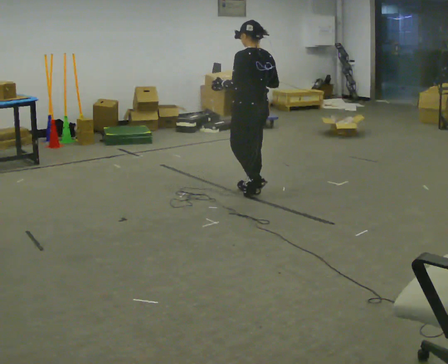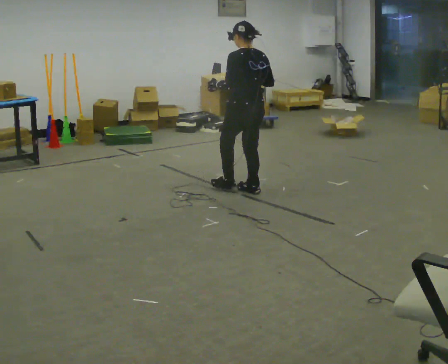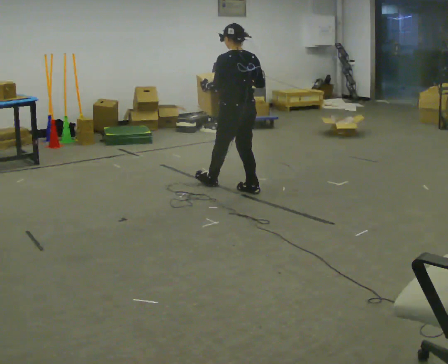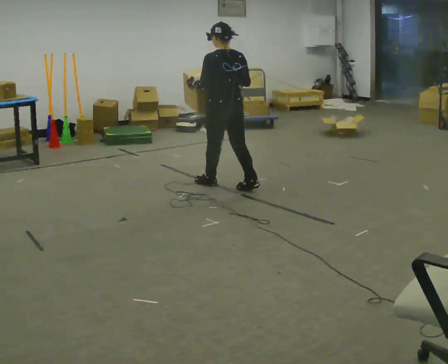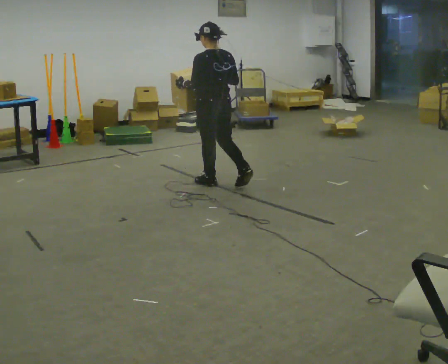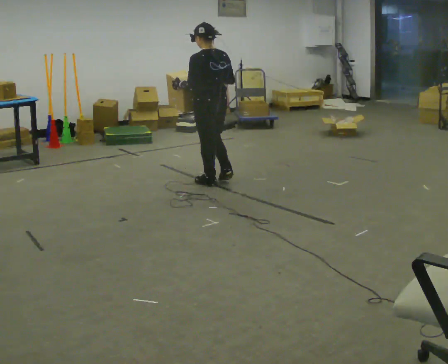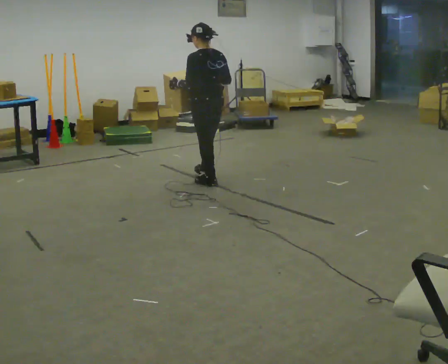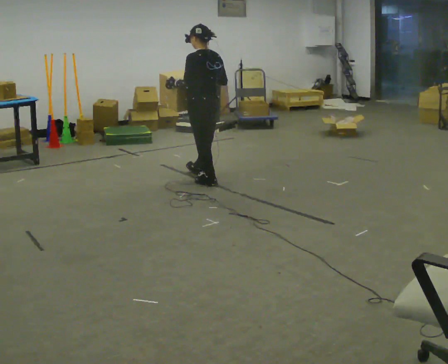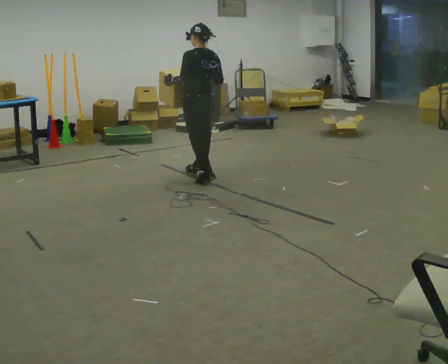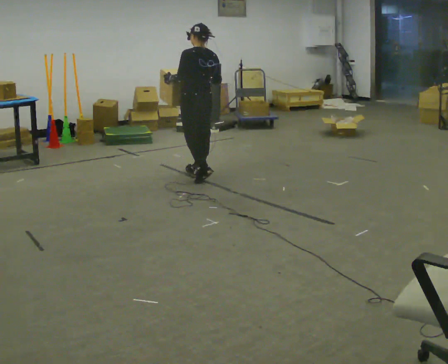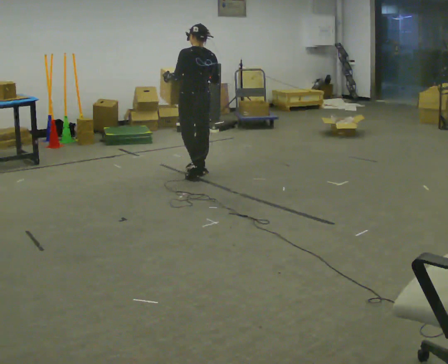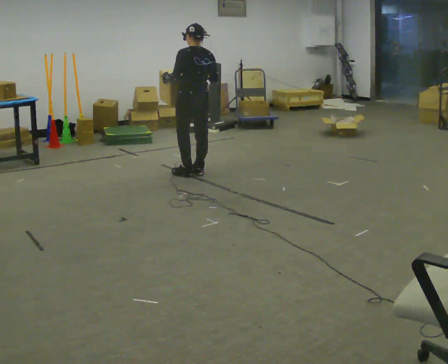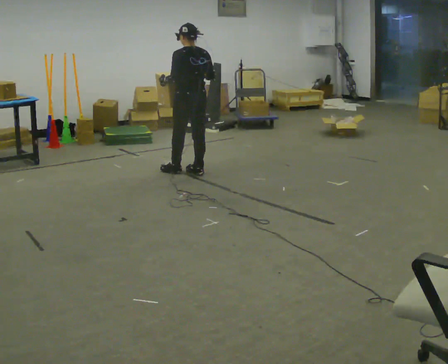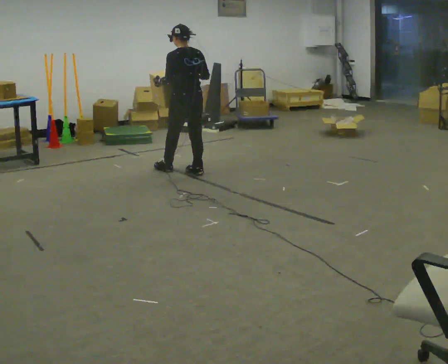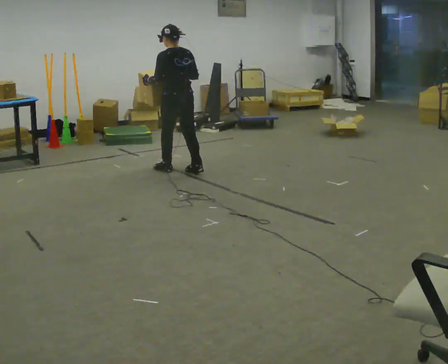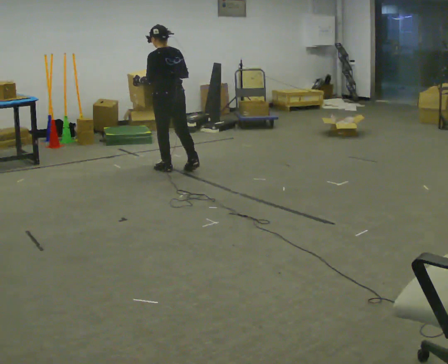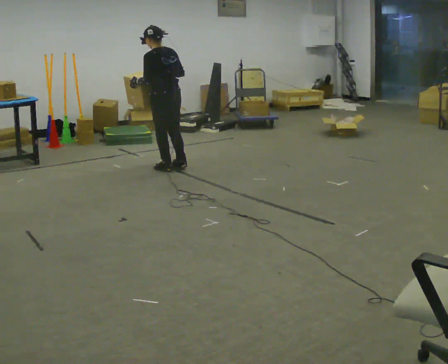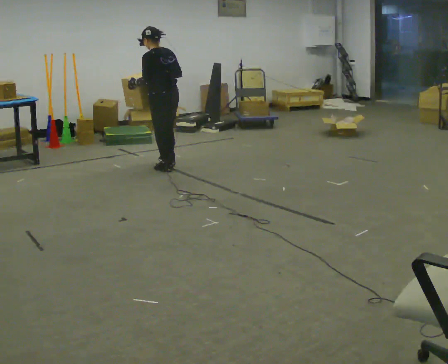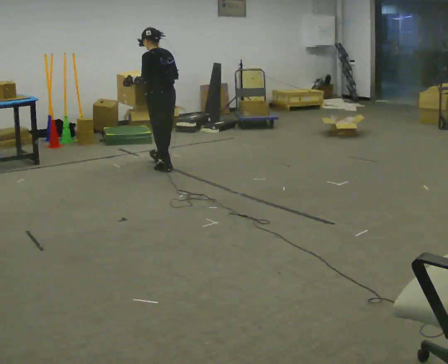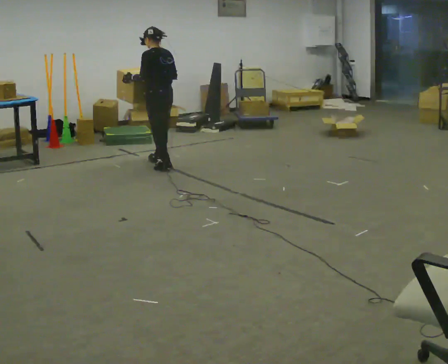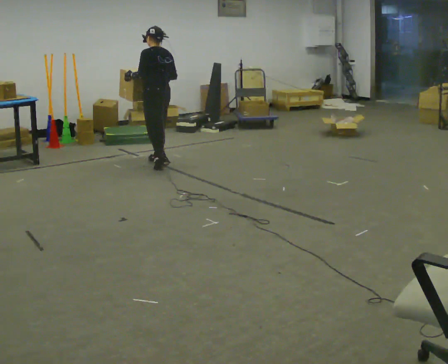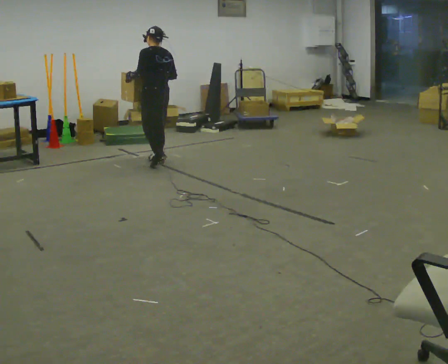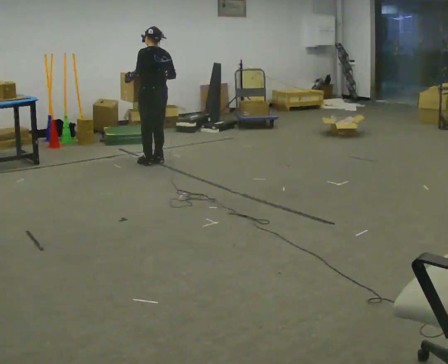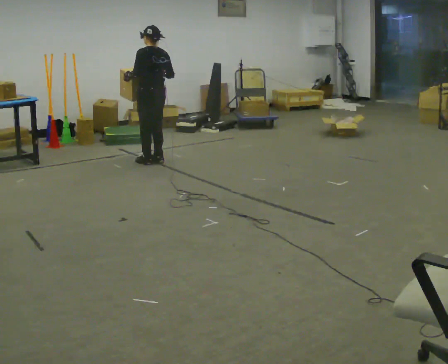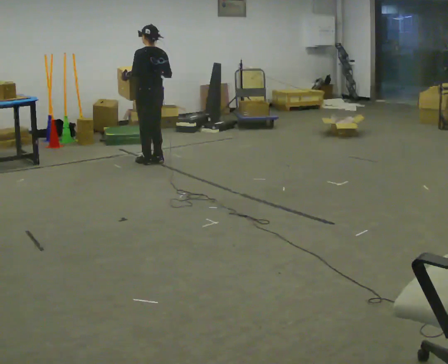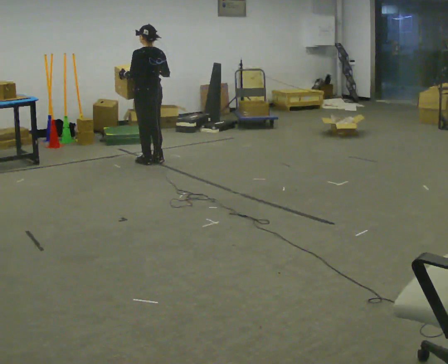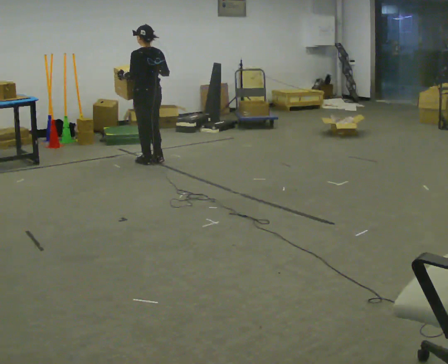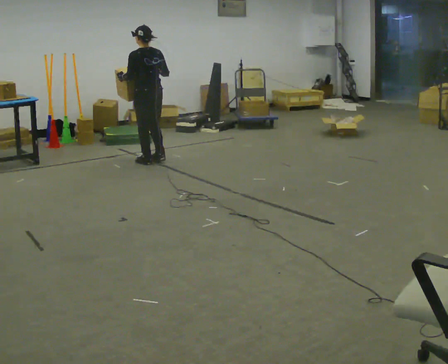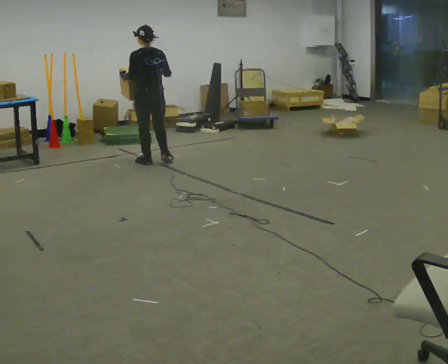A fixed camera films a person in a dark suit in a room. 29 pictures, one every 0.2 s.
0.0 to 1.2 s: In the picture they go away from the camera and to the left, about 0.5 m in 1 step, which for them is forward and to their left.
1.2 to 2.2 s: In the picture they go away from the camera, about 0.25 m in 1 step, which for them is forward.
2.2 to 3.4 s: In the picture they go to the left and away from the camera, about 0.25 m in 1 step, which for them is forward.
3.4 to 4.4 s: In the picture they go away from the camera, about 0.25 m in 1 step, which for them is forward and to their right.
4.4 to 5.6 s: The person moves a little, or ends about where they began.
The film runs backward here.
